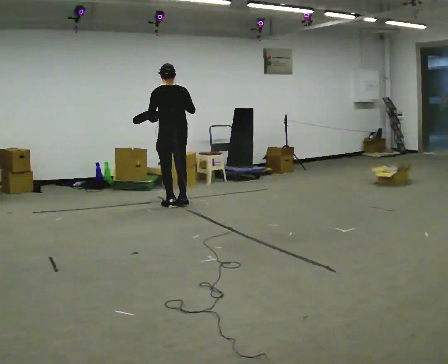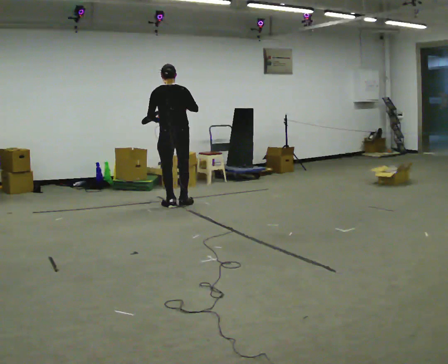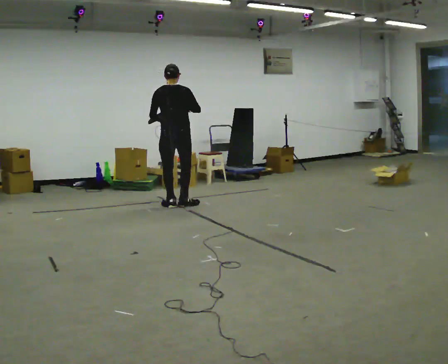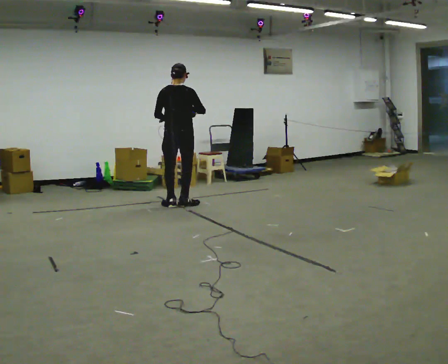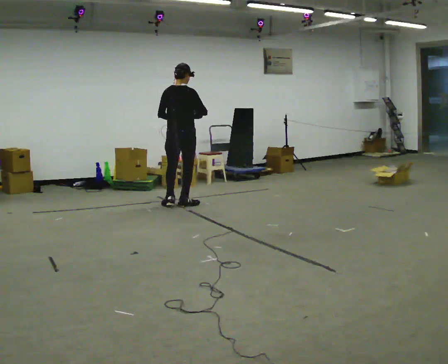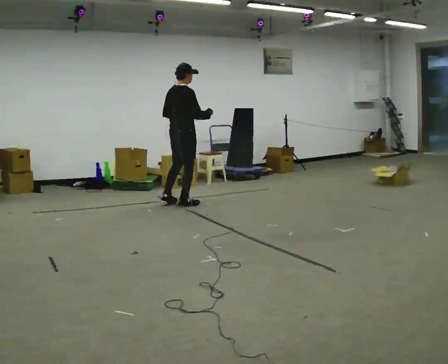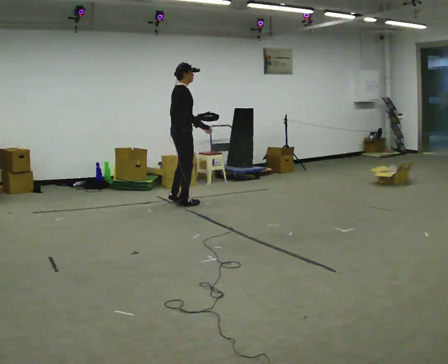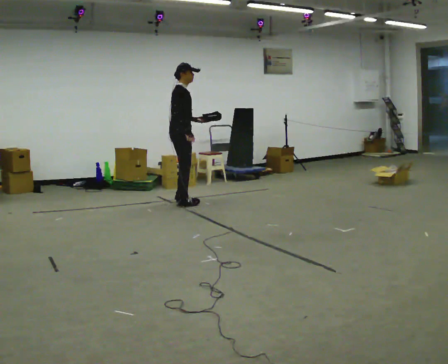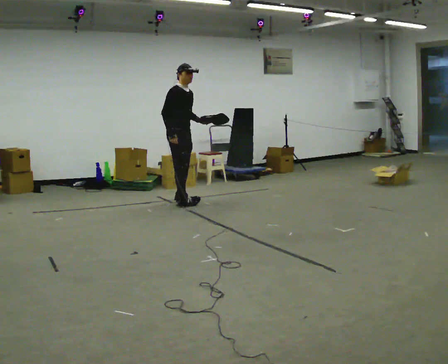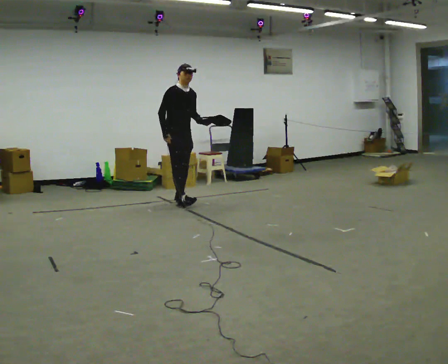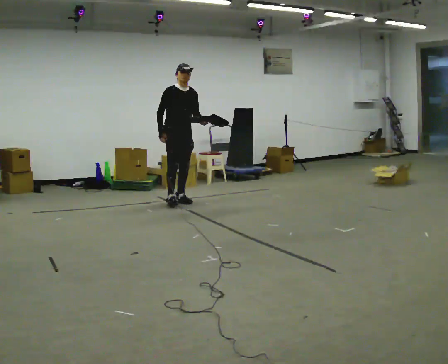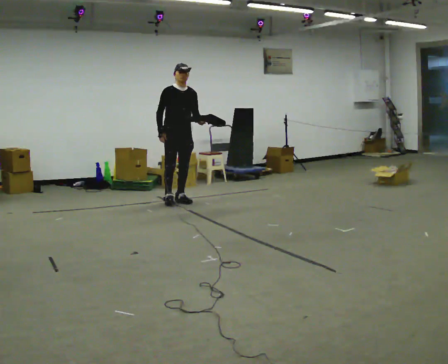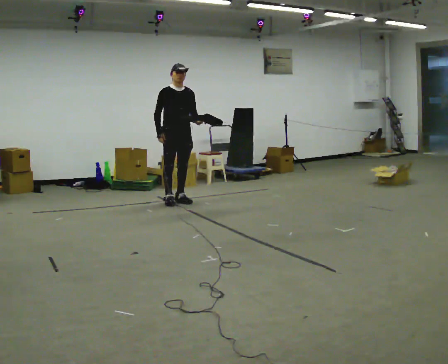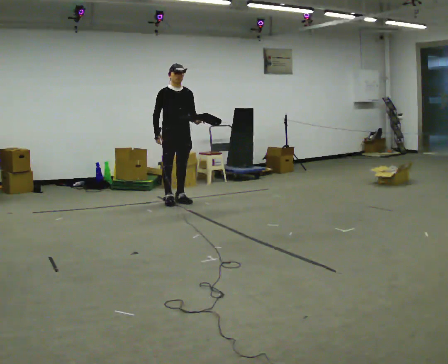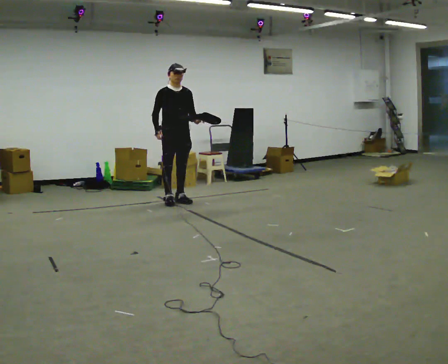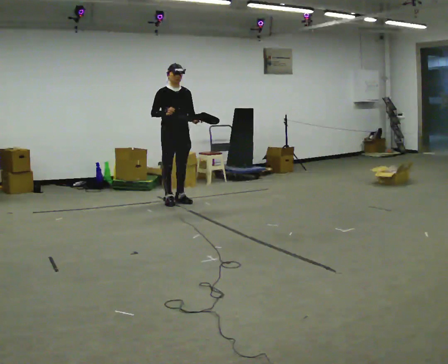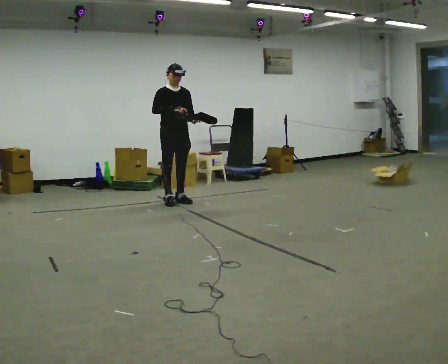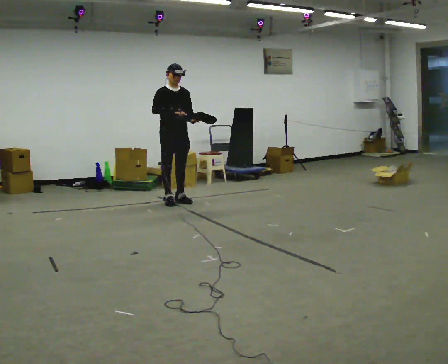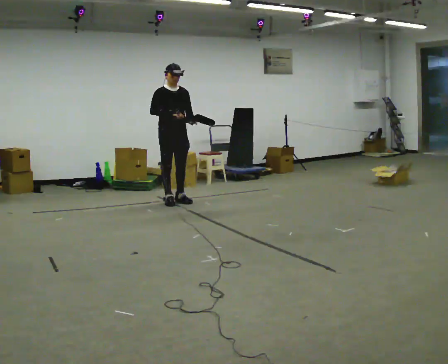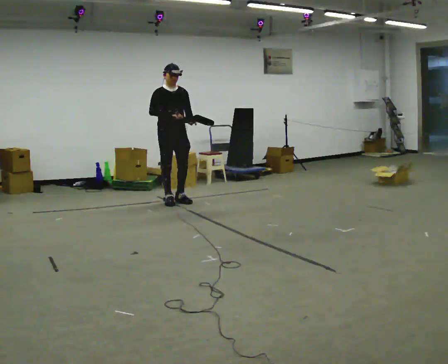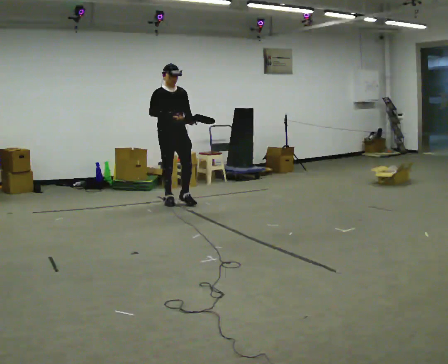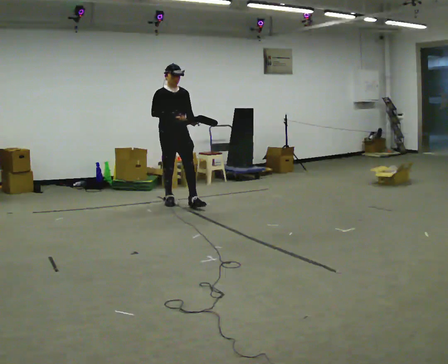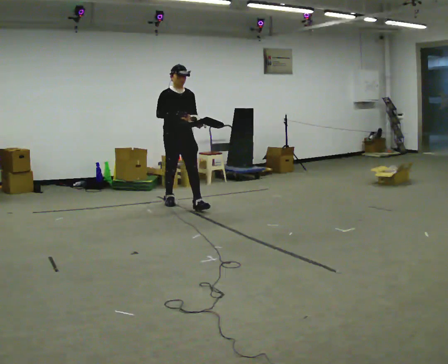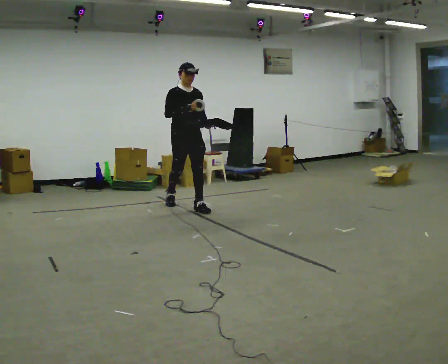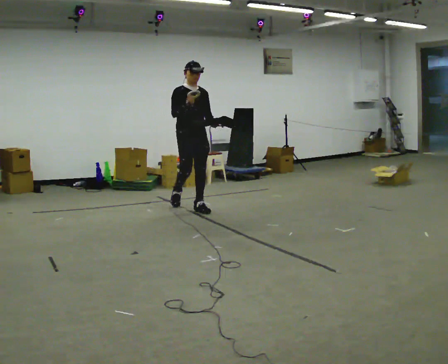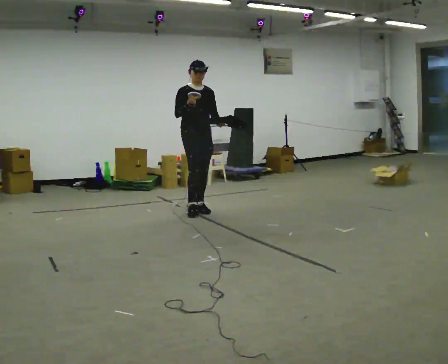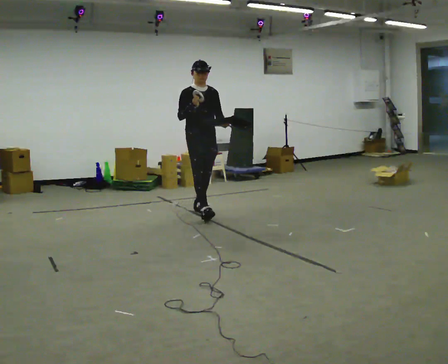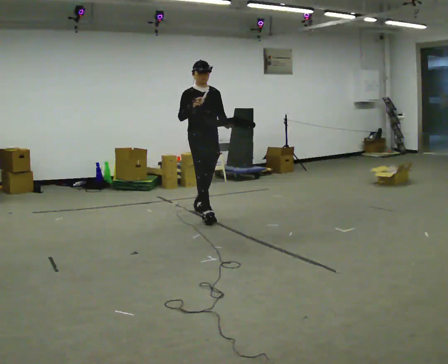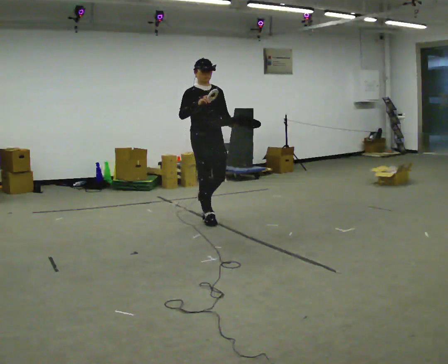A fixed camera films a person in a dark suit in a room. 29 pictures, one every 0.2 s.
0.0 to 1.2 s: Seen from above the body turns clockwise, about 90 degrees: to their right, with its near side sliding to the left.
1.2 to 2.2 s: The part of the body nearest the lens slides to the left as the person turns to their right by about 75 degrees. In the picture they go away from the camera, about 0.25 m in 2 steps. In the picture their right hand goes to the left, the arm swinging clockwise.
2.2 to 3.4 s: The person moves a little, or ends about where they began.
3.4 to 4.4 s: In the picture they go toward the camera, about 0.25 m in 1 step, which for them is forward.
4.4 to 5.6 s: In the picture they go toward the camera, about 1 m in 1 step, which for them is forward.
The film runs forward here.
